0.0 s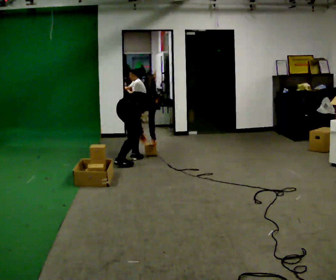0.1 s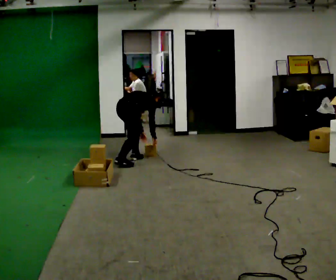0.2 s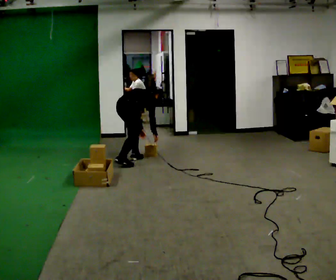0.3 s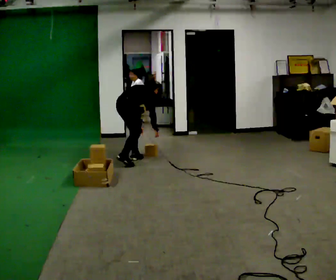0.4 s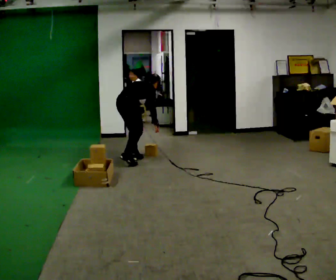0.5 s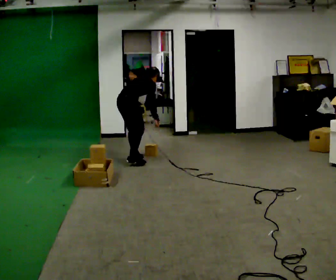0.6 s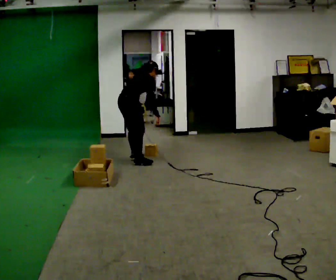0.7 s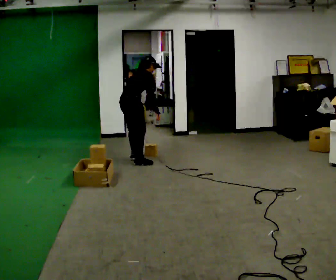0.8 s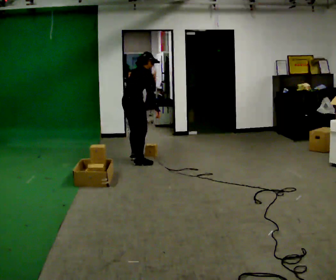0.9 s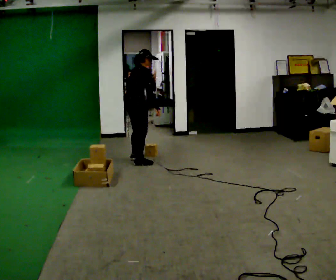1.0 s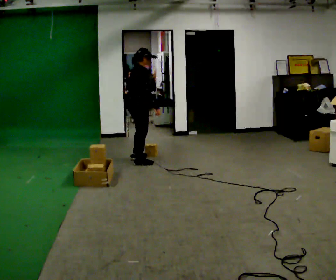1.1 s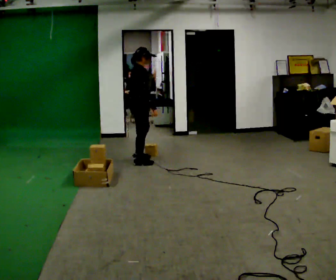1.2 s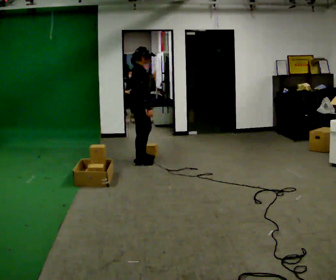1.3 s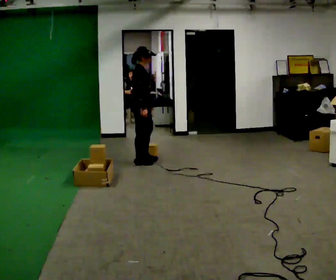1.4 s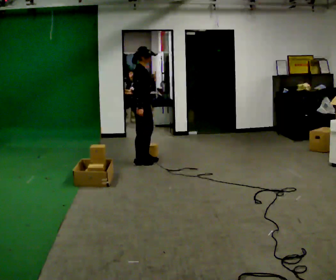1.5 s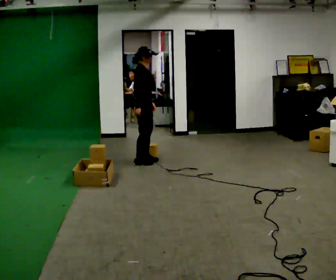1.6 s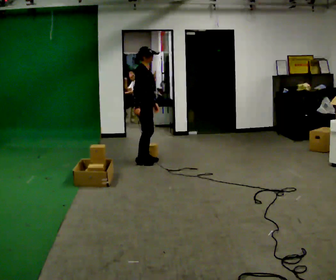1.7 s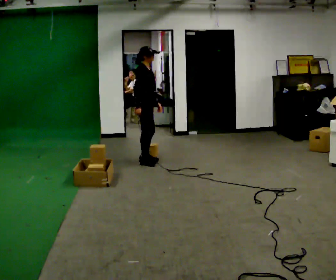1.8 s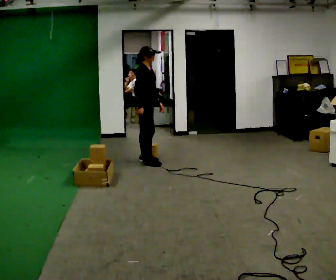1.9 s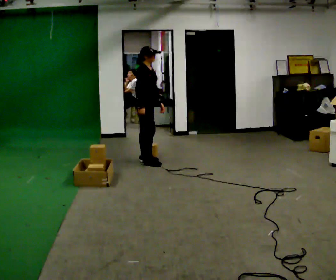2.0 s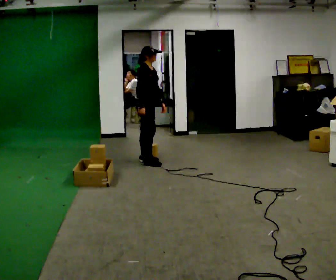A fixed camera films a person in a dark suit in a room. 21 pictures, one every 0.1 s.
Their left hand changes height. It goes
upward.
The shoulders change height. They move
upward.
0.0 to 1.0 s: Seen from above the body turns clockwise, about 30 degrees: to their right, with its near side sliding to the left. In the picture they go toward the camera, about 0.25 m in 1 step, which for them is to their right. The upper body goes upward. In the picture the upper body tilts counterclockwise, shoulders to the left, as they lean back or straighten. In the picture their right hand goes upward.
1.0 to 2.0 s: Seen from above the body turns clockwise, about 30 degrees: to their right, with its near side sliding to the left.
The film runs forward here.
